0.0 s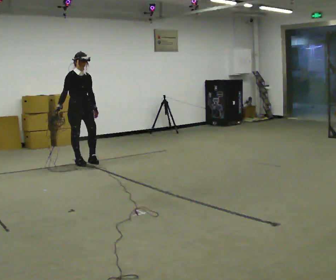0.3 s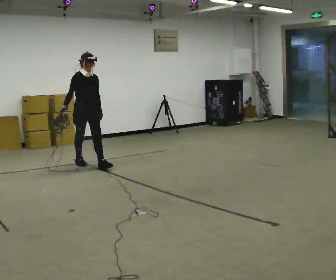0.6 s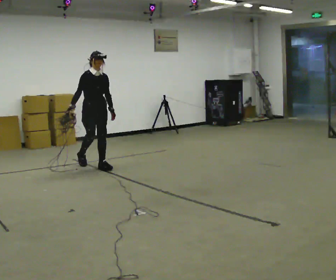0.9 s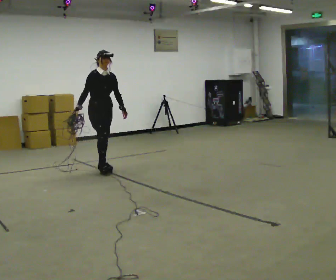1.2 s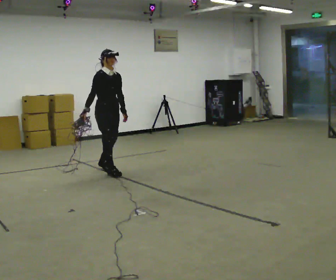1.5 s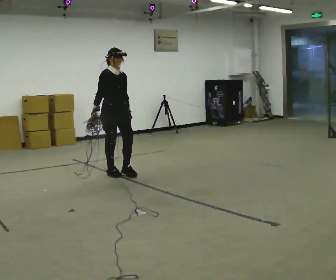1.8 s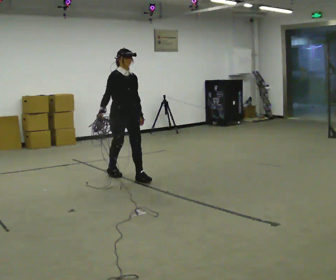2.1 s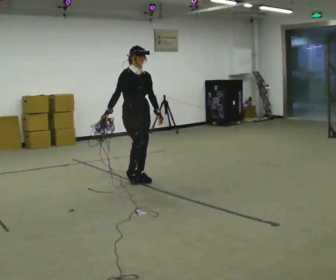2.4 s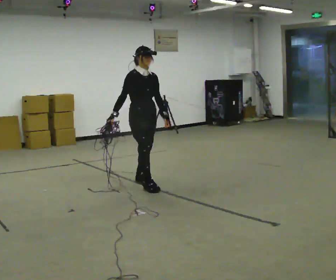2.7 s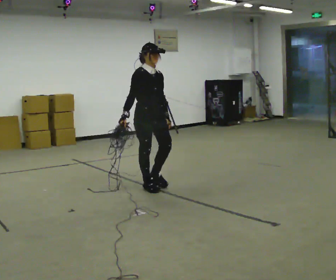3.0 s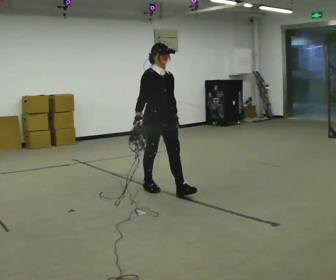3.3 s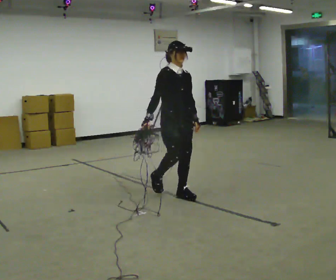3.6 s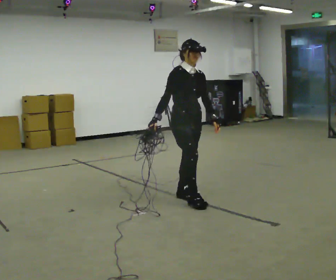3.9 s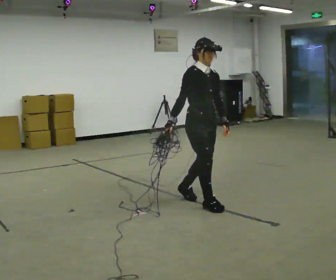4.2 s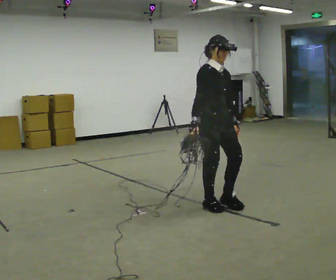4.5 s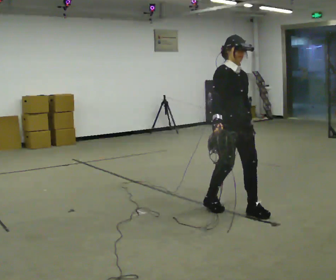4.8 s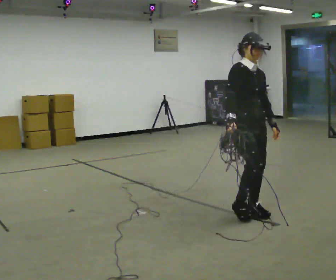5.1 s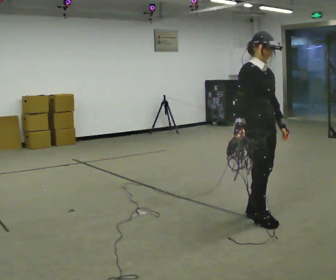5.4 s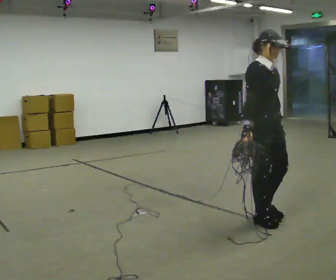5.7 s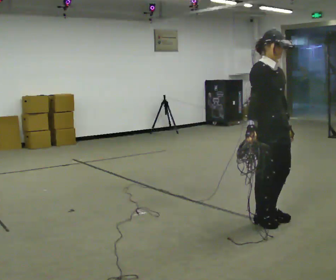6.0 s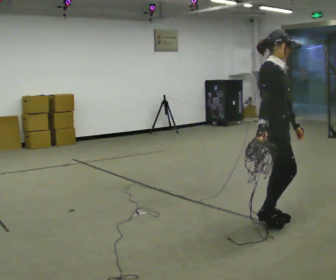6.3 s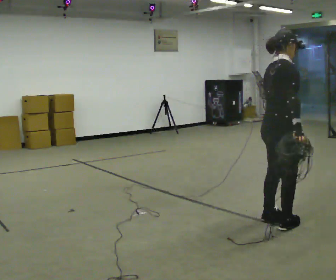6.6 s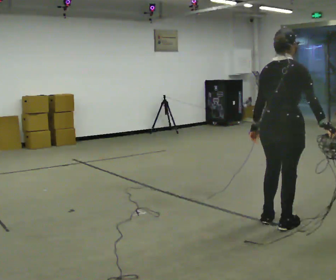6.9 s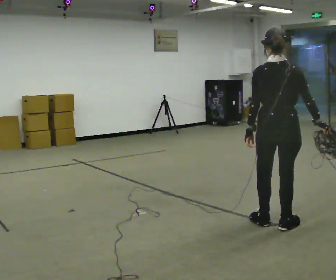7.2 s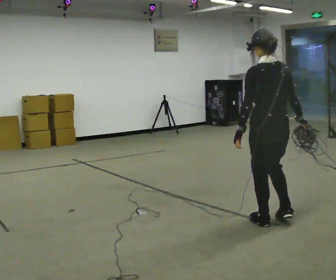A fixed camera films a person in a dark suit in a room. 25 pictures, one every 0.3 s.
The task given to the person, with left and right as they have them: Pick up the coiled hose, carry it across the room, and set it down. It will move around as you walk. Keep going until the operator says stop; one object at a time, and do not rush between trips.
0.0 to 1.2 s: In the picture they go to the right and toward the camera, about 0.75 m in 2 steps, which for them is forward.
1.2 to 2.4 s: In the picture they go toward the camera and to the right, about 1 m in 2 steps, which for them is forward.
2.4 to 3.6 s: In the picture they go toward the camera and to the right, about 1 m in 1 step, which for them is forward.
3.6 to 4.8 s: In the picture they go toward the camera and to the right, about 1 m in 2 steps, which for them is forward.
4.8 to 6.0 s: The part of the body nearest the lens slides to the right as the person turns to their left by about 30 degrees. In the picture they go toward the camera and to the right, about 0.25 m in 2 steps, which for them is forward.
6.0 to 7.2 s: The part of the body nearest the lens slides to the right as the person turns to their left by about 135 degrees. In the picture their right hand goes to the right, the arm swinging counterclockwise.
The film runs forward here.
